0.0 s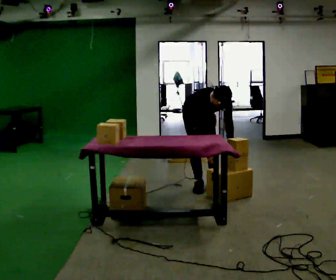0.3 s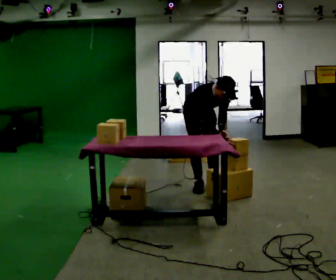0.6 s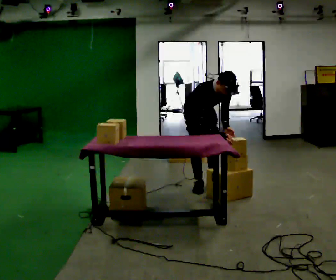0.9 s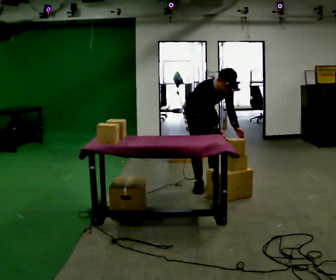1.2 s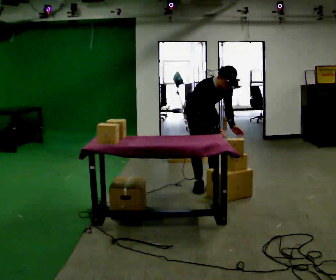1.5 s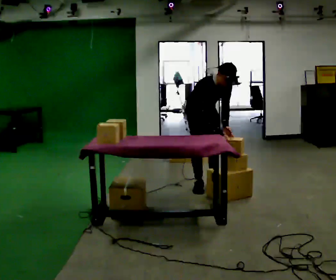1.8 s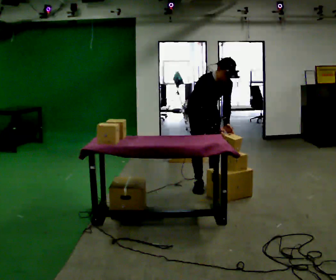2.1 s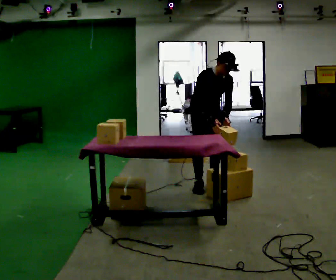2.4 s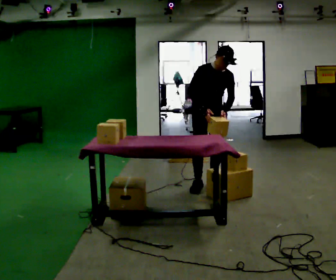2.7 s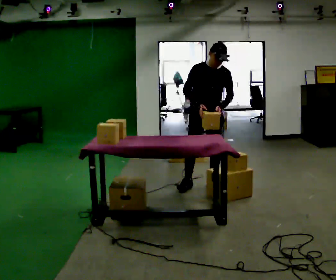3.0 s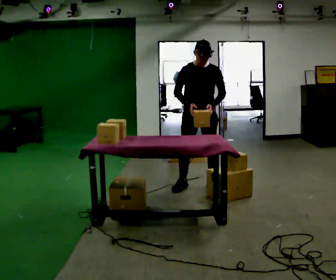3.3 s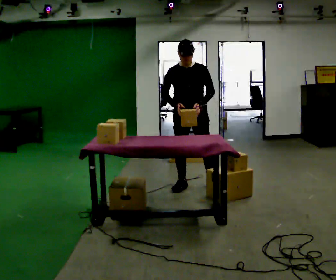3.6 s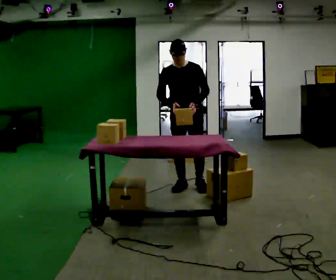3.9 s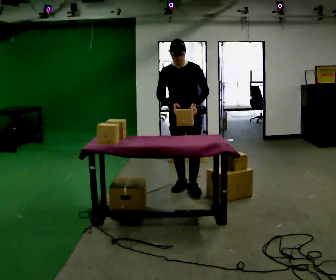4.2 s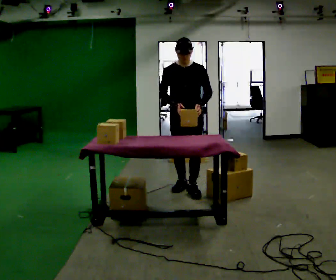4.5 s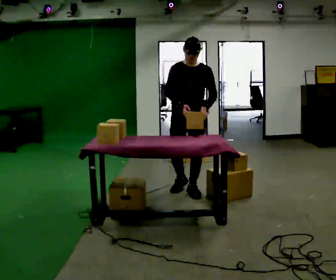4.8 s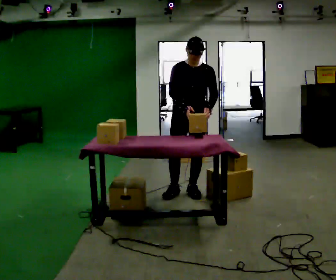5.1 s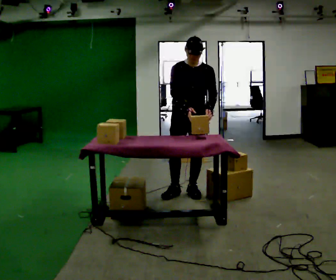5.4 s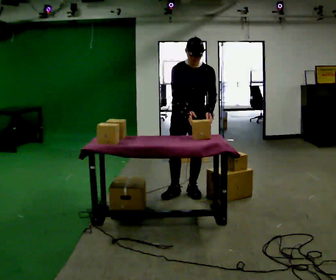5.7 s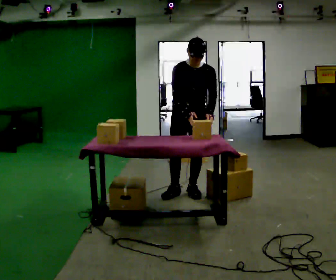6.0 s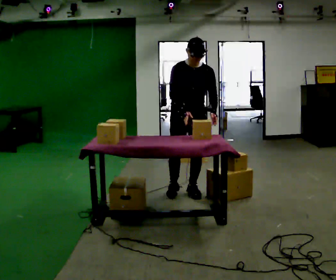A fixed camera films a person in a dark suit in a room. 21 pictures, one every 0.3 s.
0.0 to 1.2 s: The upper body tips away from the camera, its near side rolling upward, as they lean back or straighten.
1.2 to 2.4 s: The shoulders move upward. The upper body tips away from the camera, its near side rolling upward, as they lean back or straighten.
2.4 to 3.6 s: The part of the body nearest the lens slides to the left as the person turns to their right by about 30 degrees. In the picture they go to the left, about 0.25 m in 1 step, which for them is to their right. In the picture the upper body tilts counterclockwise, shoulders to the left.
3.6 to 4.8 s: In the picture they go toward the camera, about 0.25 m in 1 step, which for them is forward.
4.8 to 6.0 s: The person moves a little, or ends about where they began.
The film runs forward here.
